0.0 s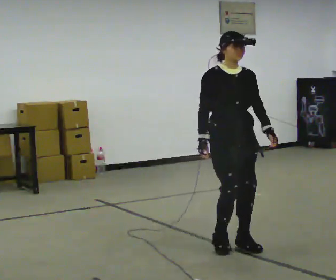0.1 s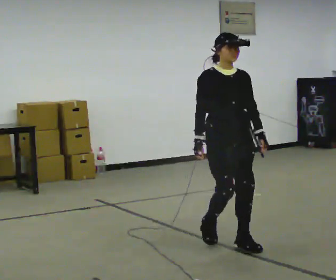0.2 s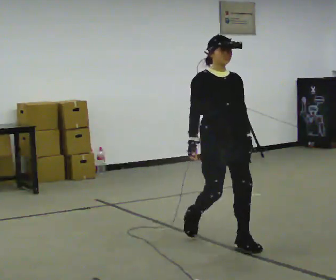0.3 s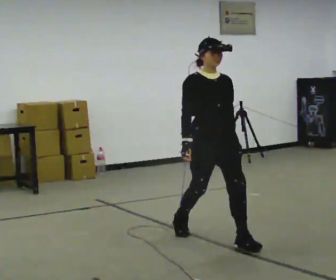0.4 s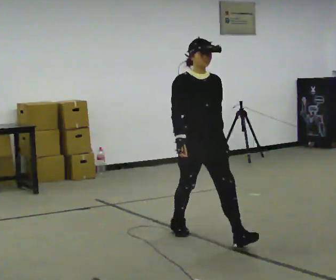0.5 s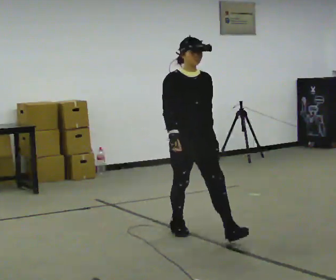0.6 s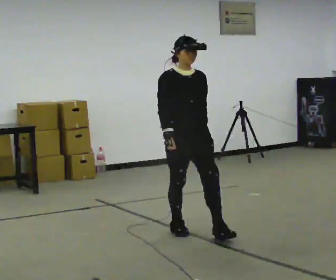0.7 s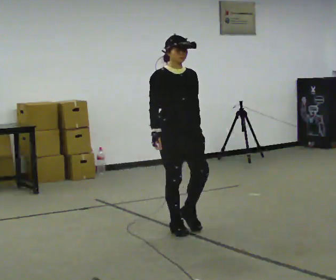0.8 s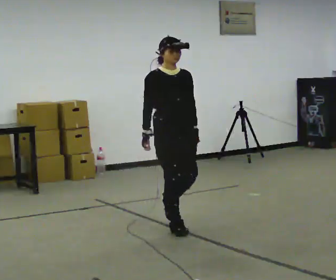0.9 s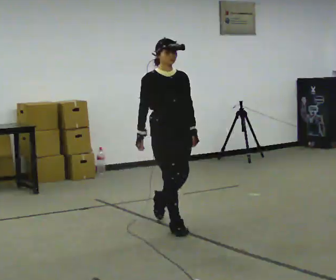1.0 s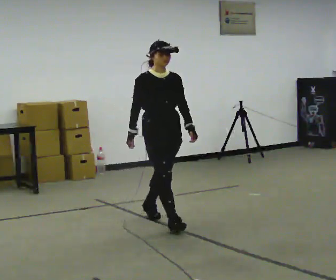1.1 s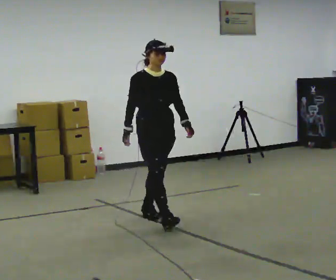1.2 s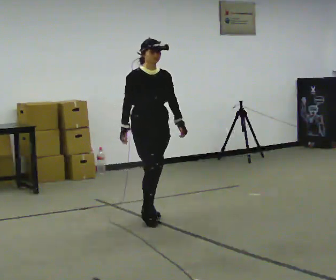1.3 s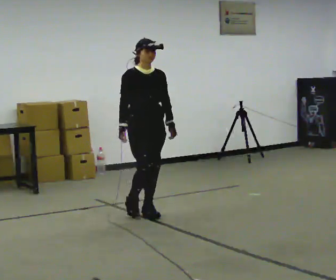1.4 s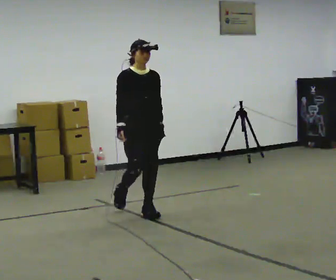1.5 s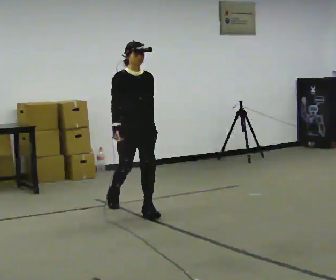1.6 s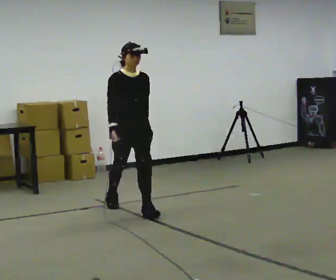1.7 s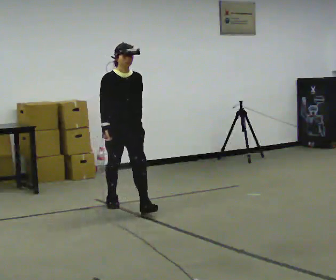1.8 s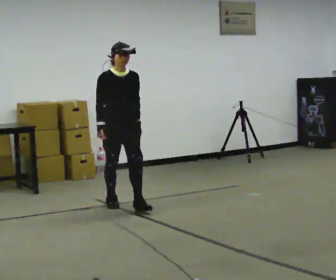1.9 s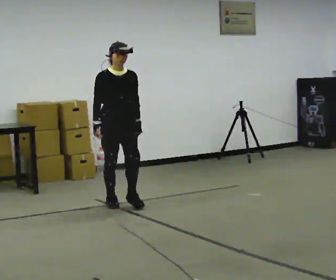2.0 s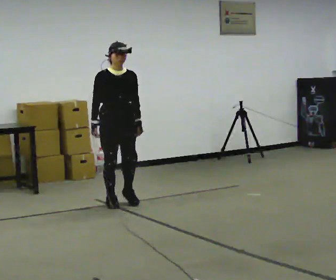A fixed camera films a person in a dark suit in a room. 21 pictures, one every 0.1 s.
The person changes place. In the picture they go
away from the camera.
0.0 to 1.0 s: In the picture they go away from the camera and to the left, about 1 m in 2 steps, which for them is backward.
1.0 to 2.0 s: In the picture they go away from the camera and to the left, about 1 m in 1 step, which for them is backward.
The film runs backward here.
